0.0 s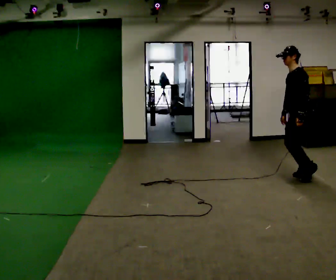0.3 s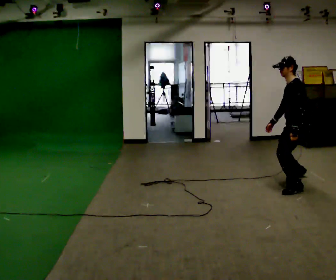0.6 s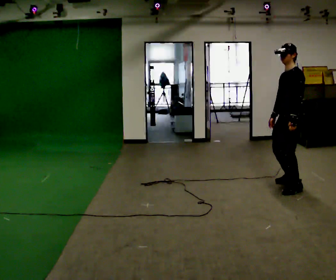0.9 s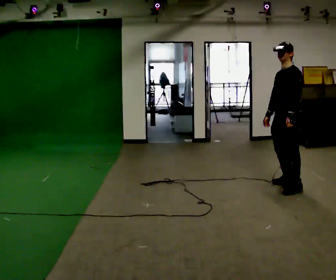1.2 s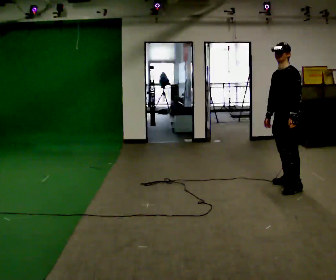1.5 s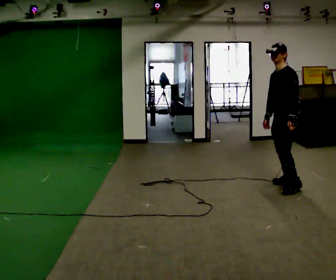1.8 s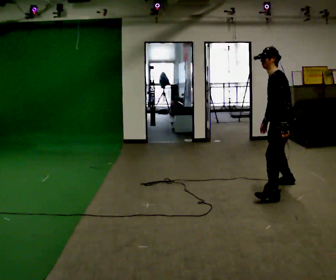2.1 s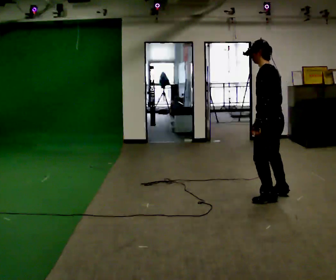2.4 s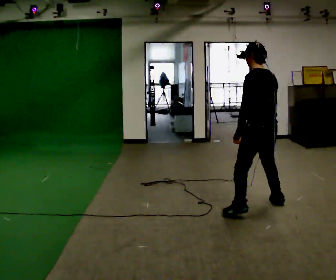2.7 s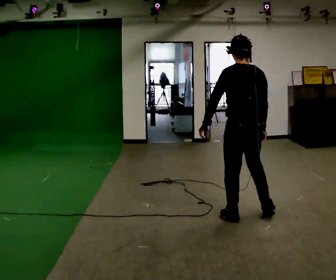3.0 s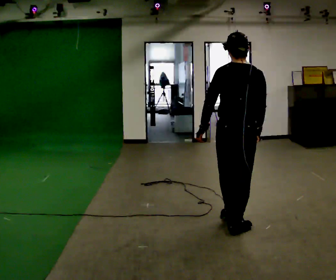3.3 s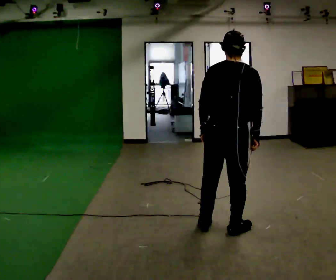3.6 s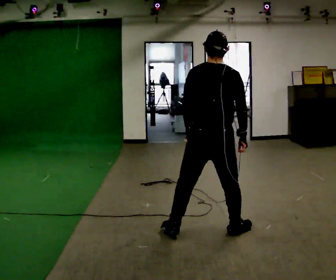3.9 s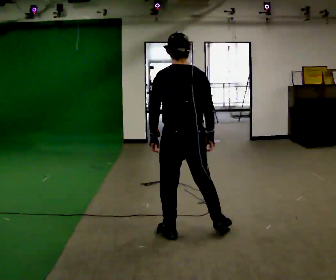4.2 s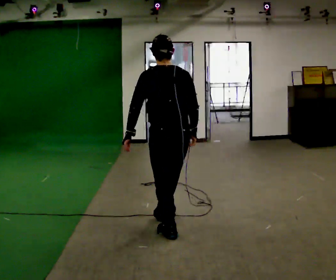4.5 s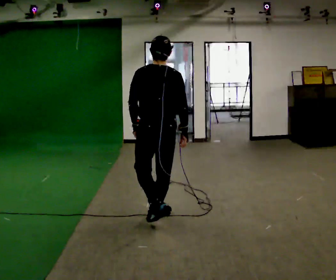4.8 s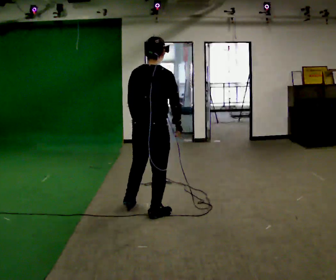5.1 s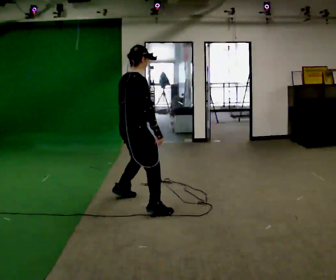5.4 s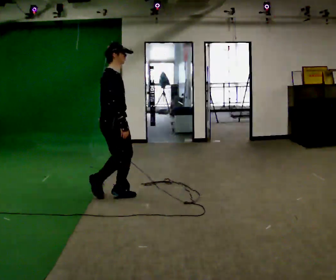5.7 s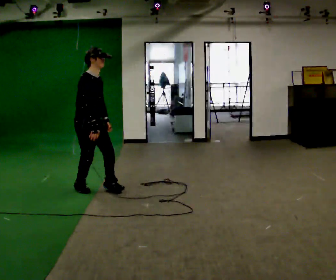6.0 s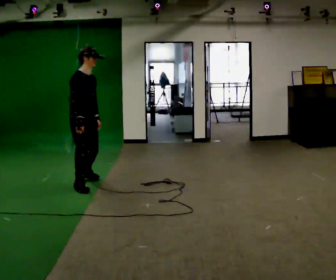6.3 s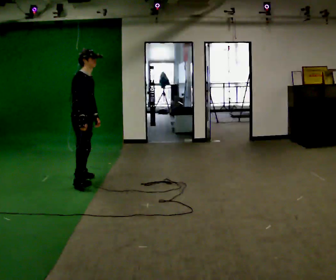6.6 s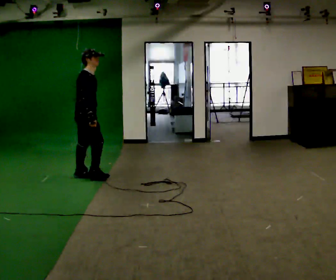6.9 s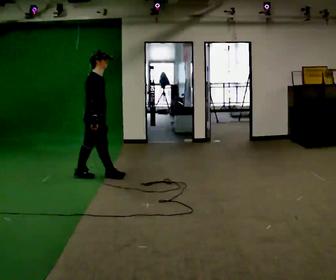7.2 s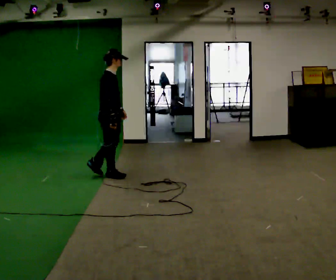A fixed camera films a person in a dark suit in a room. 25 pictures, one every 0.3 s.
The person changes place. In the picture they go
to the left.
0.0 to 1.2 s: In the picture they go to the left and toward the camera, about 0.25 m in 2 steps, which for them is forward and to their left.
1.2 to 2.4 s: Seen from above the body turns clockwise, about 75 degrees: to their right, with its near side sliding to the left. In the picture they go toward the camera and to the left, about 1 m in 2 steps.
2.4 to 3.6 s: Seen from above the body turns clockwise, about 30 degrees: to their right, with its near side sliding to the left. In the picture they go toward the camera and to the left, about 1 m in 2 steps, which for them is backward and to their left.
3.6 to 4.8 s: In the picture they go to the left and away from the camera, about 0.5 m in 2 steps, which for them is forward and to their left.
4.8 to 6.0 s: The person turns about 90 degrees to their right, clockwise seen from above, so the part of the body nearest the lens slides to the left. In the picture they go to the left and away from the camera, about 1 m in 2 steps.
6.0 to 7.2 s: The part of the body nearest the lens slides to the right as the person turns to their left by about 30 degrees. In the picture they go away from the camera, about 0.5 m in 2 steps, which for them is to their left and forward.
The film runs forward here.
